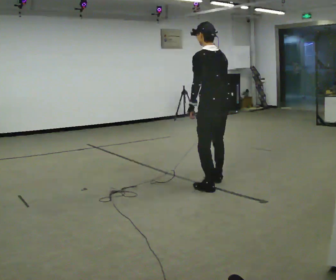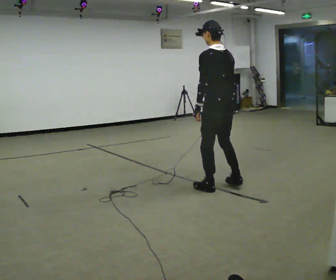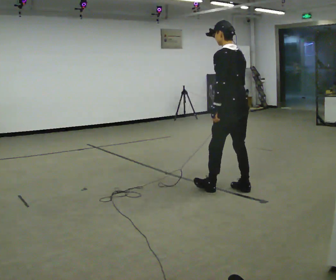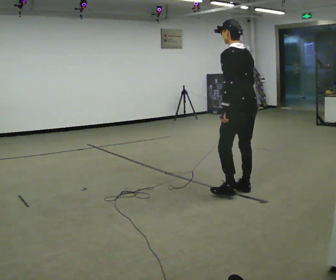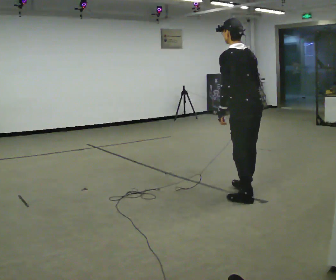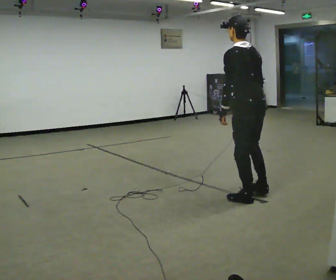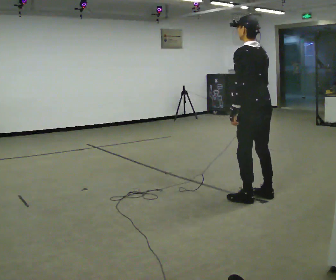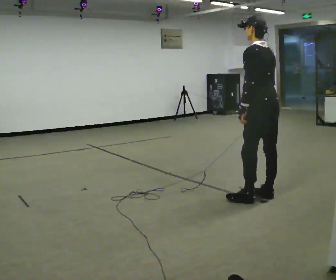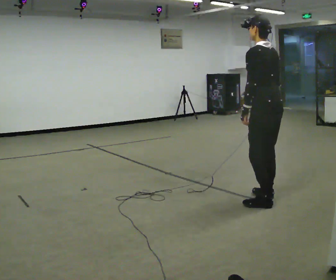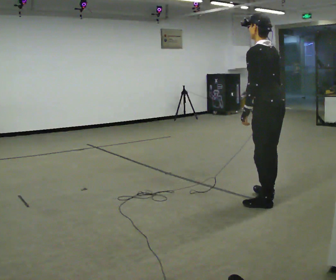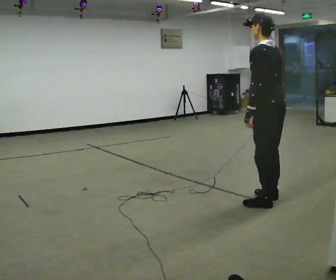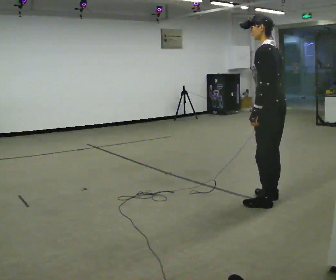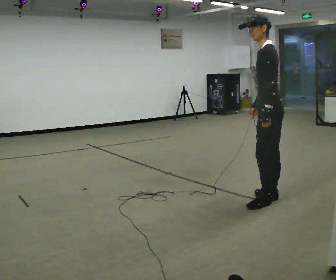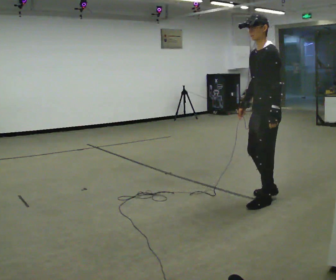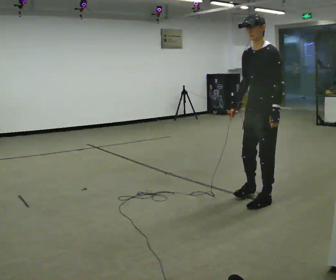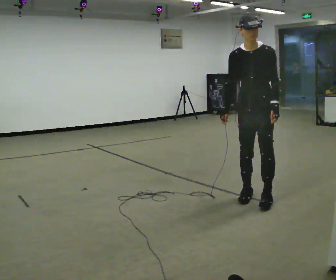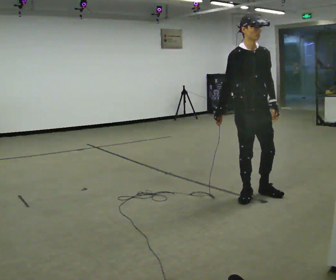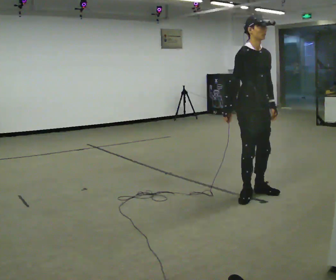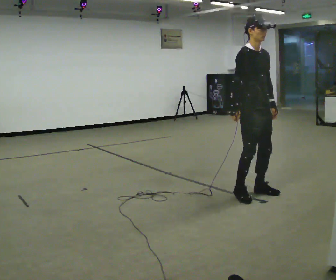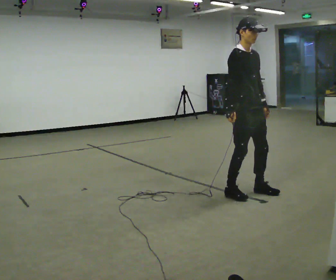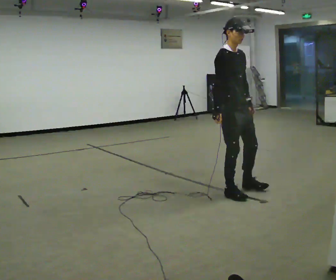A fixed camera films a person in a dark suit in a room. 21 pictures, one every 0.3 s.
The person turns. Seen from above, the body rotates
counterclockwise.
The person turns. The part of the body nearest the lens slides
to the right.
0.0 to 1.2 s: In the picture they go to the right and toward the camera, about 0.5 m in 2 steps, which for them is backward.
1.2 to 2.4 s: In the picture they go to the right, about 0.25 m in 2 steps, which for them is backward.
2.4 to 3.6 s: The part of the body nearest the lens slides to the right as the person turns to their left by about 45 degrees.
3.6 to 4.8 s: Seen from above the body turns counterclockwise, about 120 degrees: to their left, with its near side sliding to the right. In the picture they go to the left, about 0.25 m in 1 step.
4.8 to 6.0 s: The person turns about 30 degrees to their left, counterclockwise seen from above, so the part of the body nearest the lens slides to the right. In the picture they go to the left and away from the camera, about 0.25 m in 2 steps, which for them is backward.
The film runs forward here.
